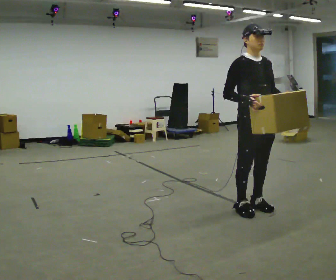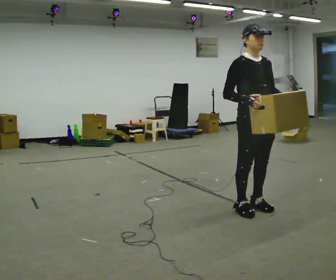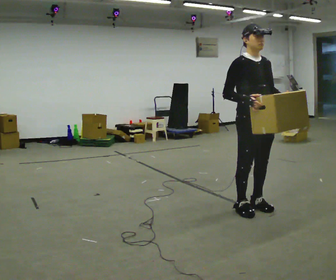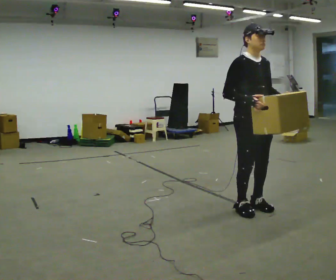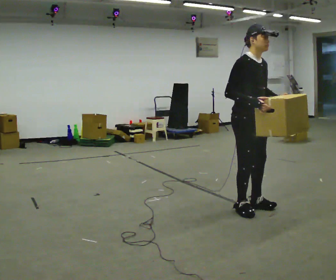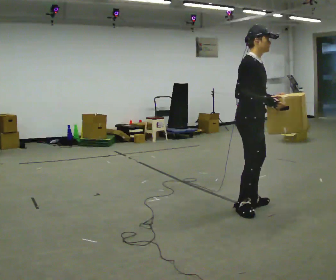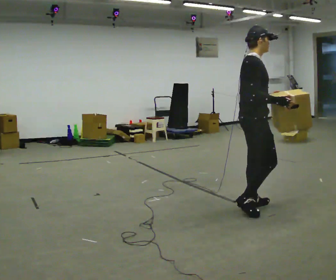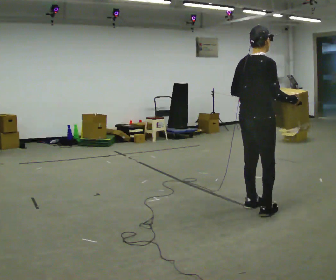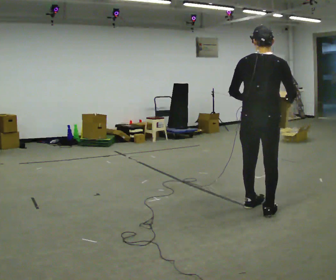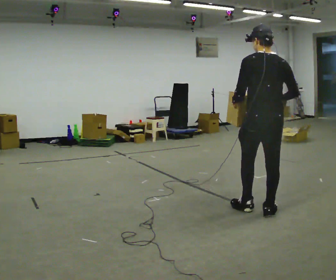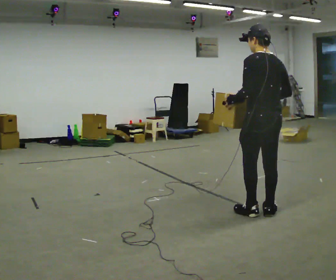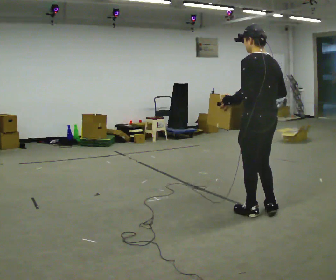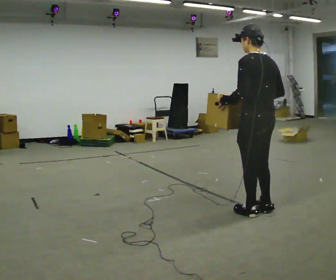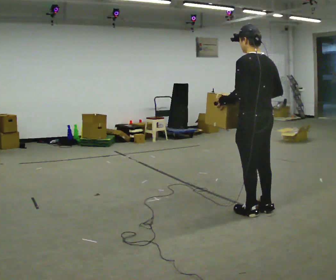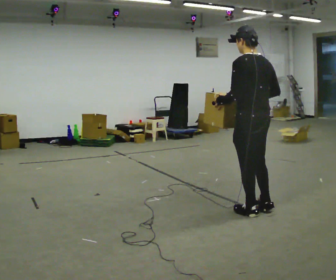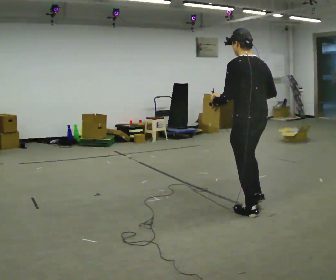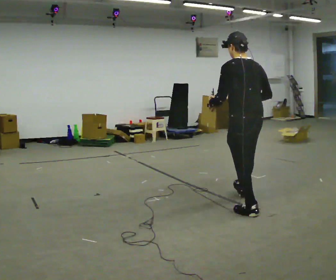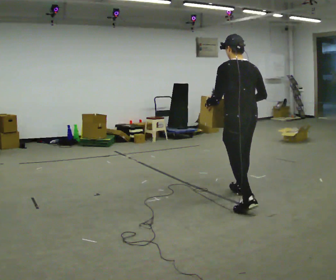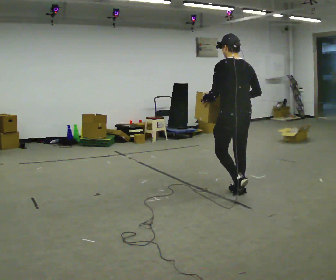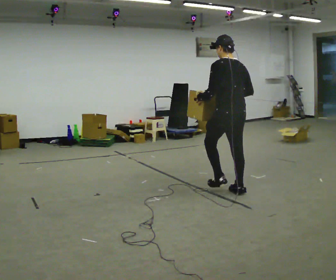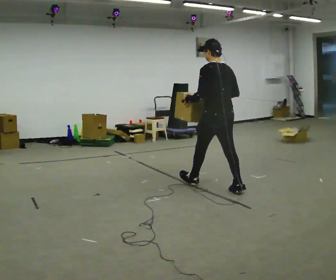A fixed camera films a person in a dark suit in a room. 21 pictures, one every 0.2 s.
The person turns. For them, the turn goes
to their left.
The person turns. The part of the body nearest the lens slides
to the right.
0.0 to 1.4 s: Seen from above the body turns counterclockwise, about 90 degrees: to their left, with its near side sliding to the right. In the picture their left hand goes to the left.
1.4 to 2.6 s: The person turns about 90 degrees to their left, counterclockwise seen from above, so the part of the body nearest the lens slides to the right.
2.6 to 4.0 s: In the picture they go away from the camera and to the left, about 1 m in 1 step, which for them is forward.
The film runs forward here.
